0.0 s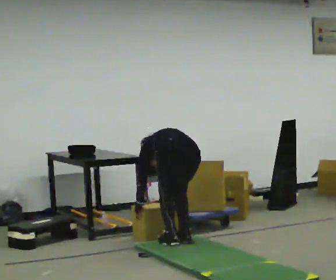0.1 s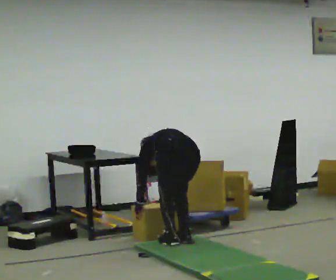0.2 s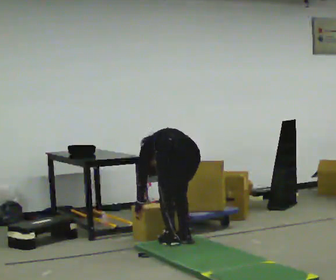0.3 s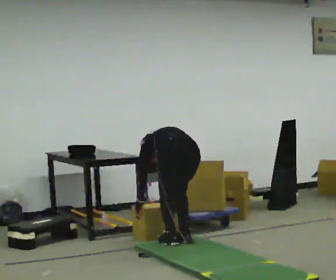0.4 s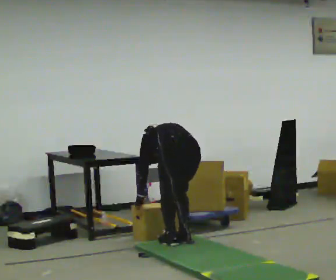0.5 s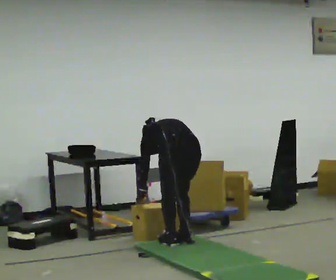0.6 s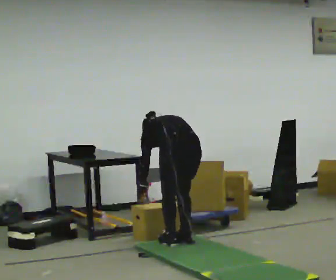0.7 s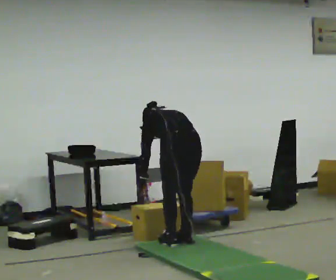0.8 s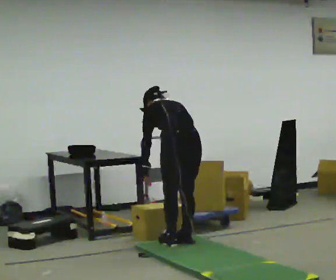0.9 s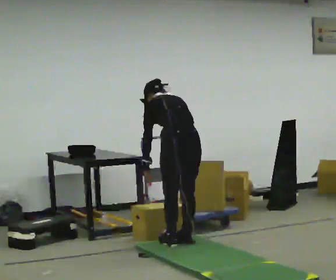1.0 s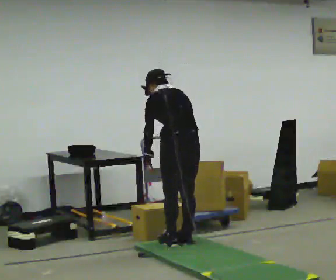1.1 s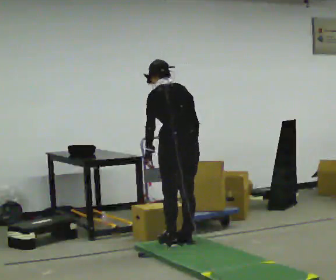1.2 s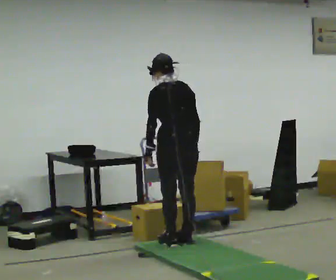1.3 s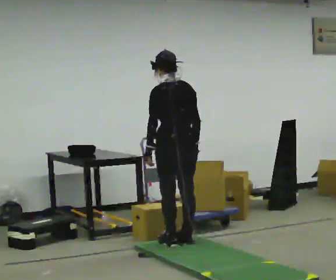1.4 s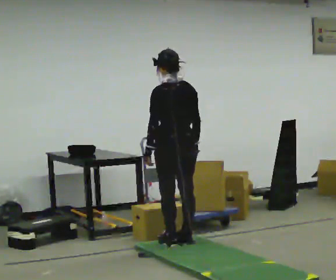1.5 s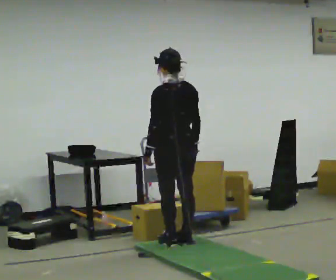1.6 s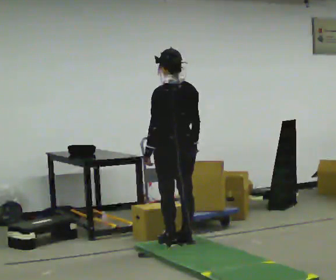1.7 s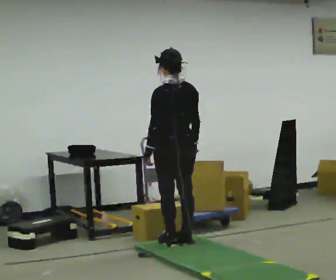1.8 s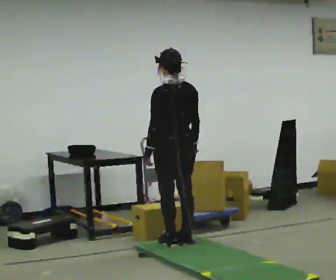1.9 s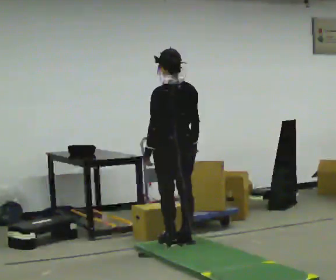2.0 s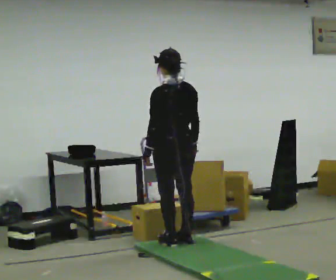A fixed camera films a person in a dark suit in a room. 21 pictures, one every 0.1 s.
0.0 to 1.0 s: The upper body goes upward. The upper body tips toward the camera, its near side rolling downward, as they lean back or straighten. In the picture their left hand goes upward.
1.0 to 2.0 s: The upper body tips toward the camera, its near side rolling downward, as they lean back or straighten.
The film runs backward here.
